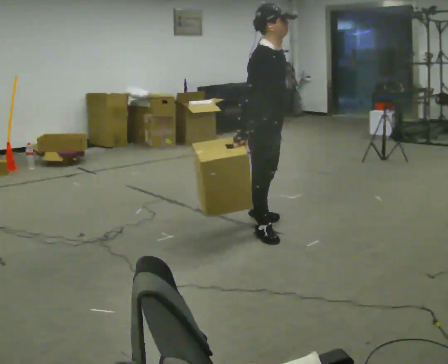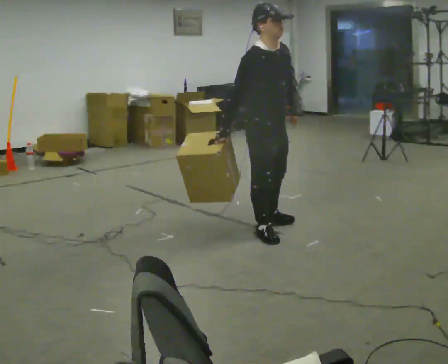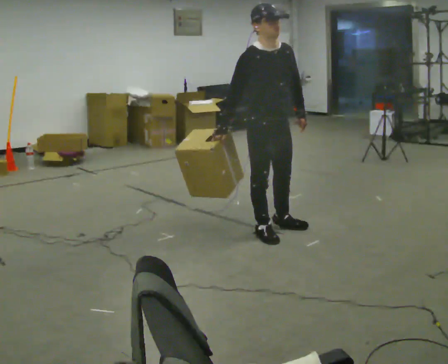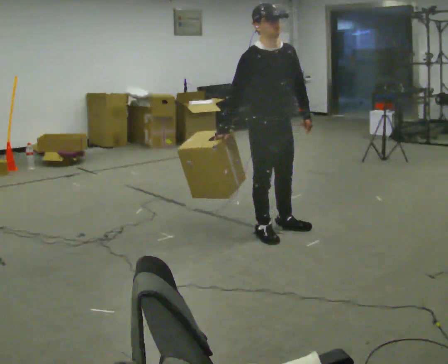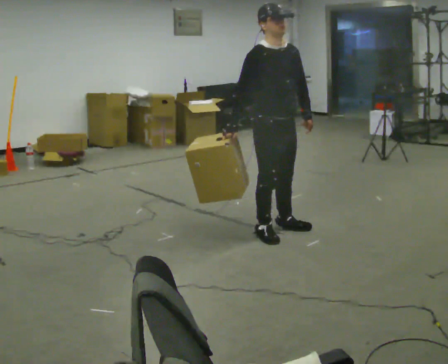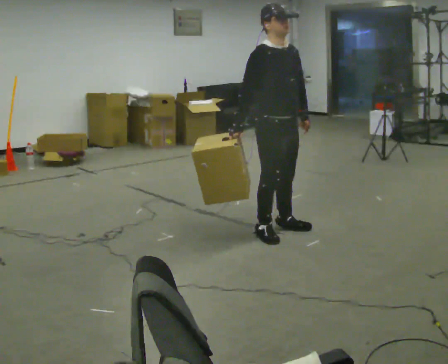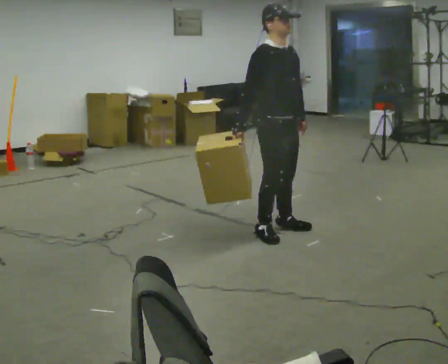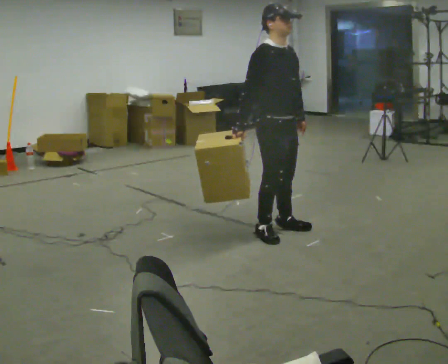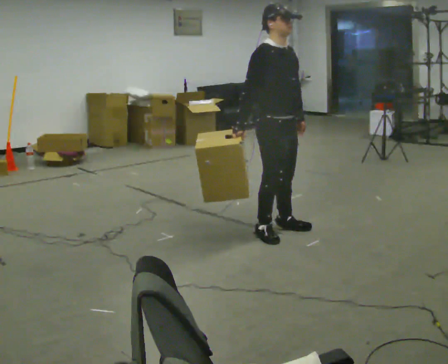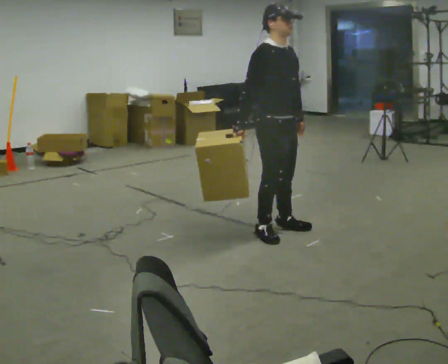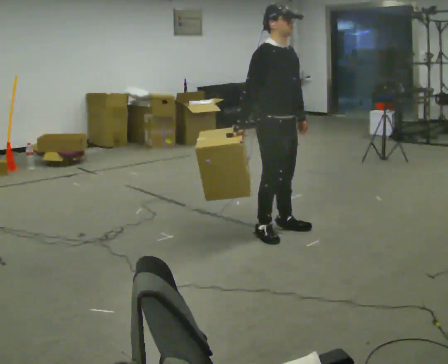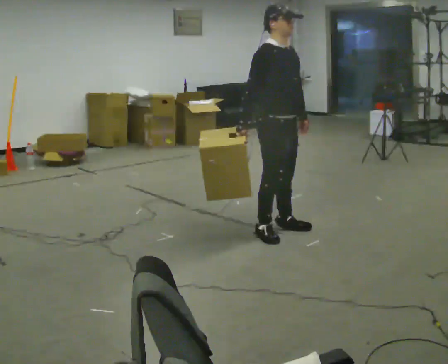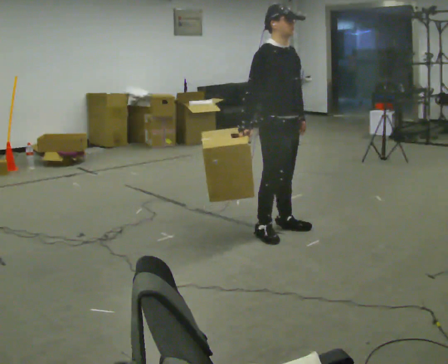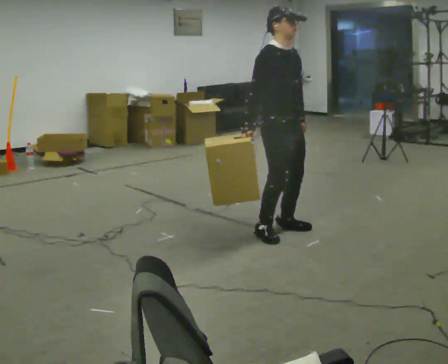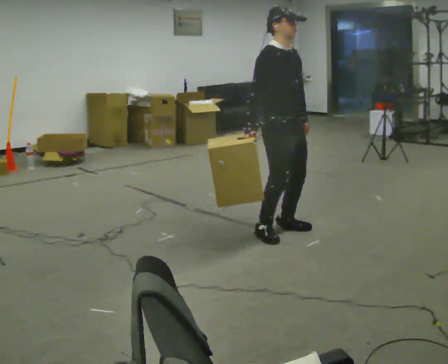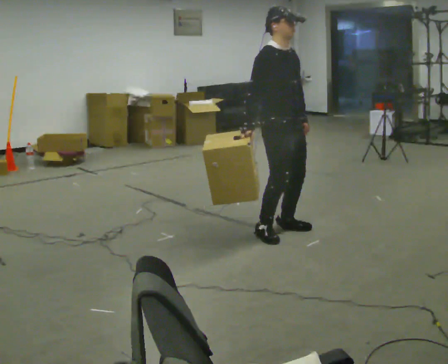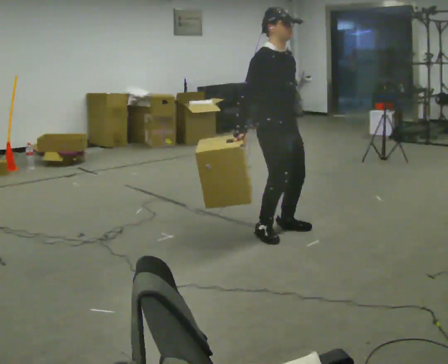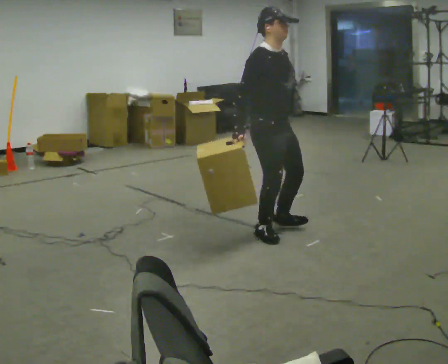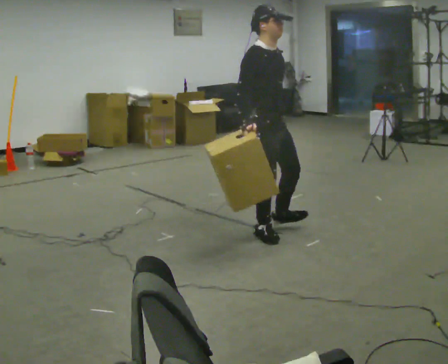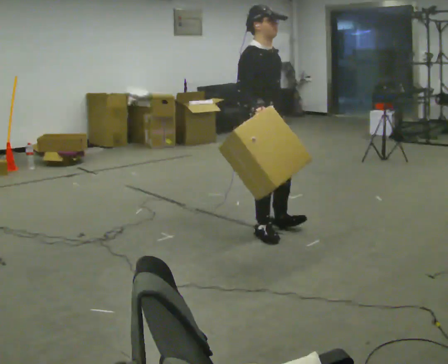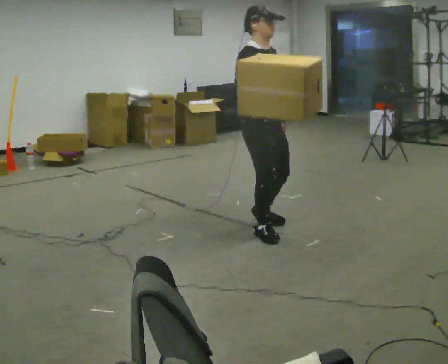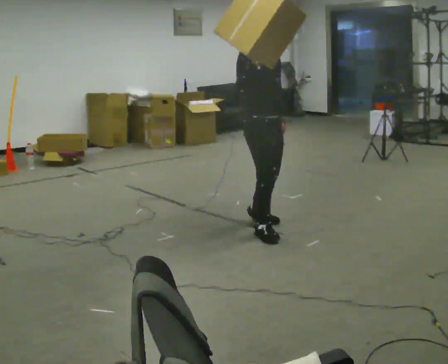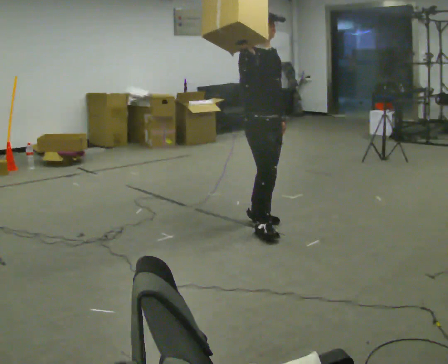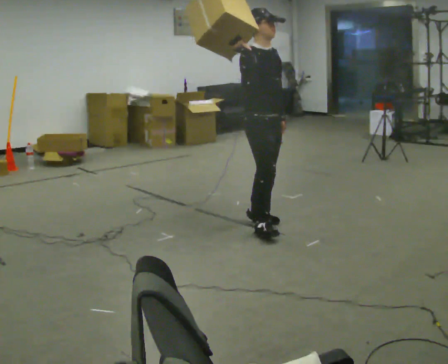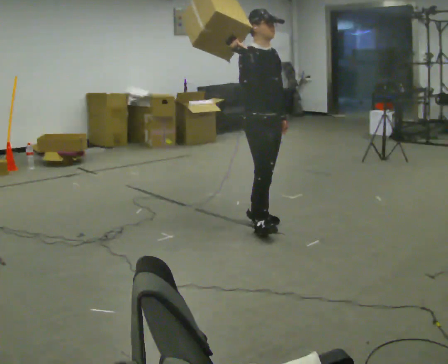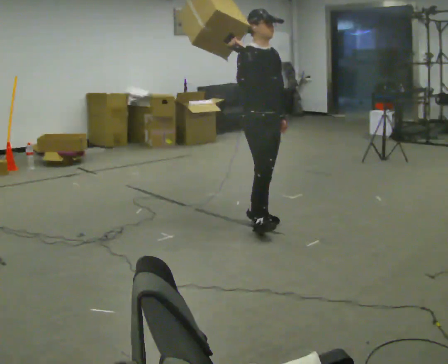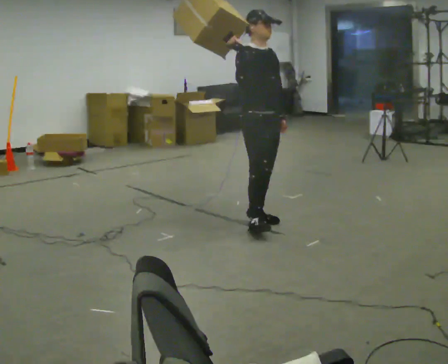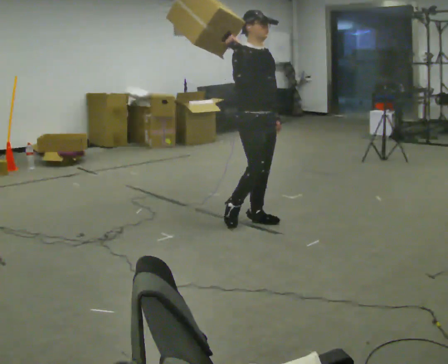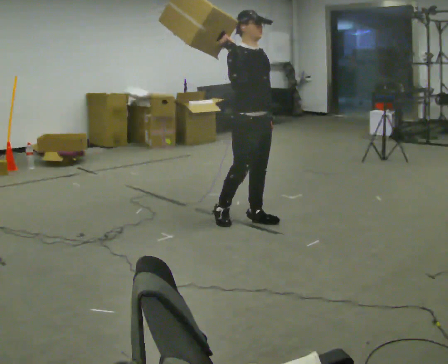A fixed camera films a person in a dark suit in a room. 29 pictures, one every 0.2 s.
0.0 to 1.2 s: The person turns about 30 degrees to their right, clockwise seen from above, so the part of the body nearest the lens slides to the left.
1.2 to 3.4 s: The person moves a little, or ends about where they began.
3.4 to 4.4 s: In the picture their right hand goes upward.
4.4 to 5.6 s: In the picture they go away from the camera, about 0.25 m in 1 step, which for them is backward.
The film runs backward here.
